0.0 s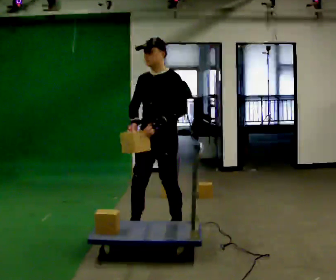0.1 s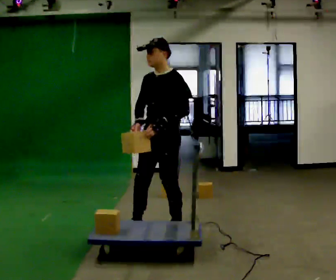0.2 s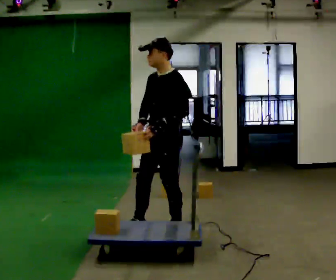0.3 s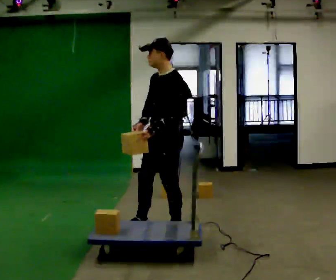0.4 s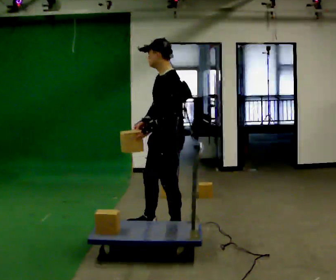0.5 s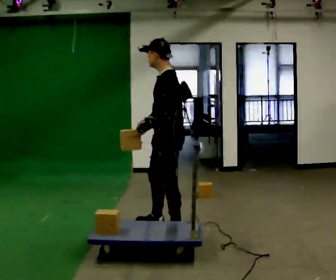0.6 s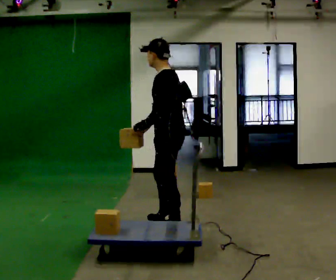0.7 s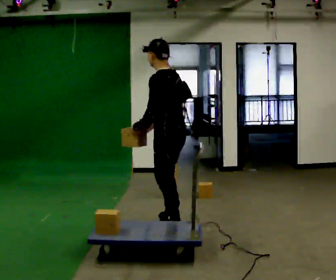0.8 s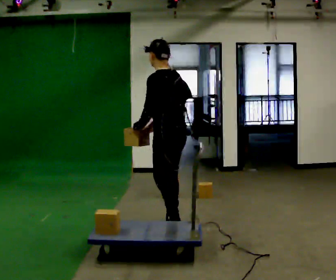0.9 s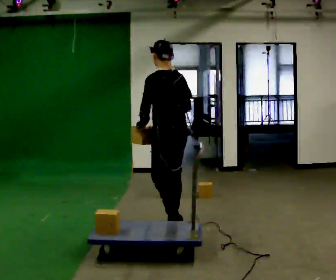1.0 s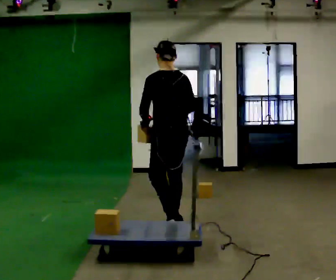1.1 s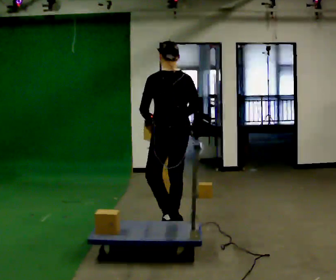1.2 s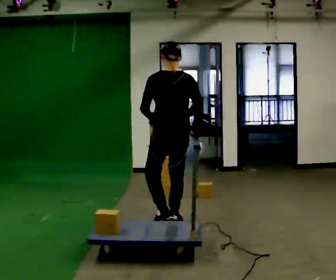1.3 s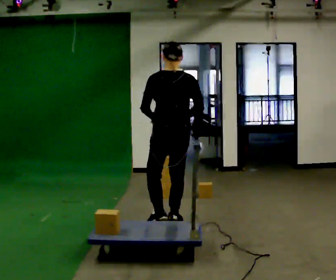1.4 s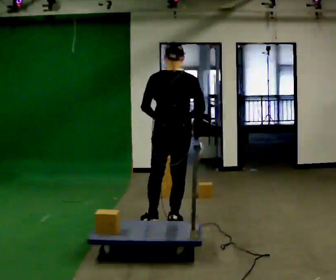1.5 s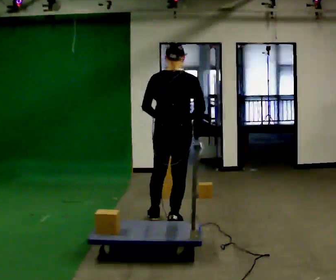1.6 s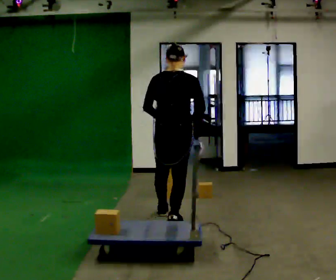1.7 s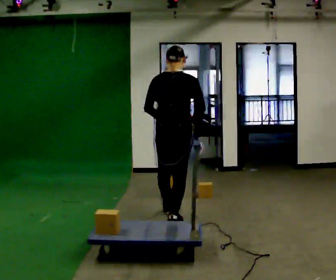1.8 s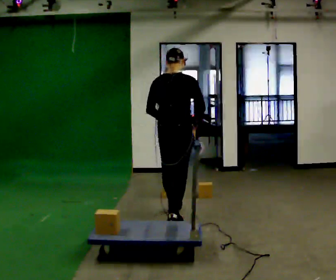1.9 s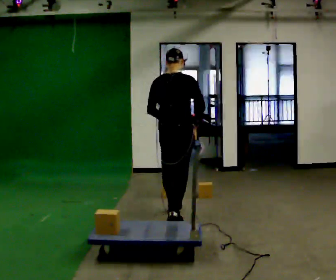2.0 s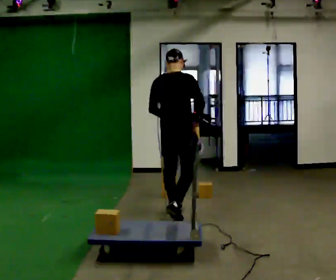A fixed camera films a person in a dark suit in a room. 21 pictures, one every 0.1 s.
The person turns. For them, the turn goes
to their right.
The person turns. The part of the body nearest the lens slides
to the left.
0.0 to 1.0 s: Seen from above the body turns clockwise, about 105 degrees: to their right, with its near side sliding to the left. In the picture they go away from the camera, about 0.25 m in 1 step. In the picture their right hand goes to the right.
1.0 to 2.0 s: The person turns about 60 degrees to their right, clockwise seen from above, so the part of the body nearest the lens slides to the left. In the picture they go away from the camera, about 0.5 m in 1 step.
The film runs forward here.
